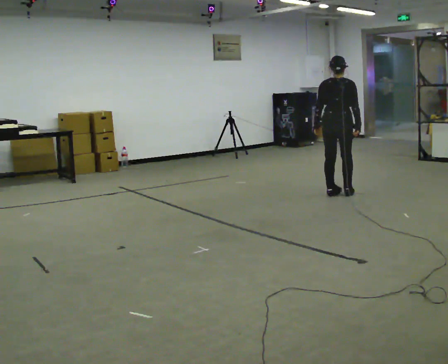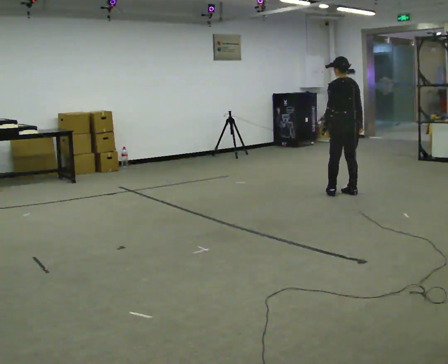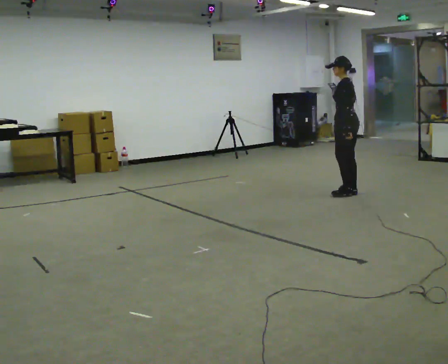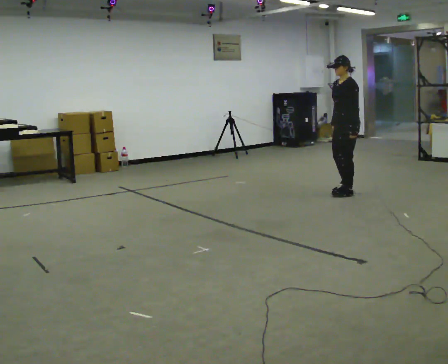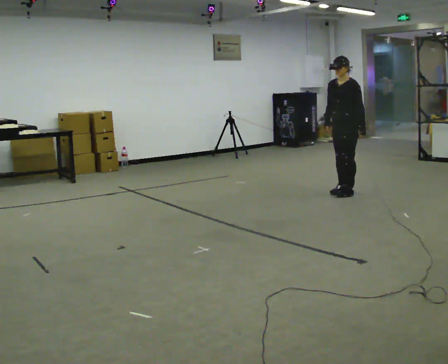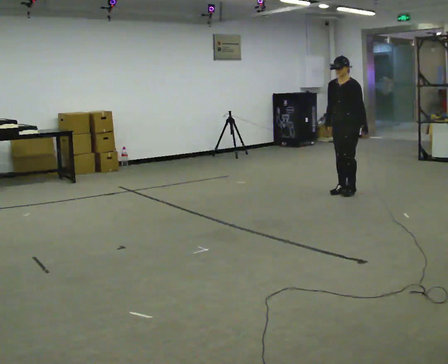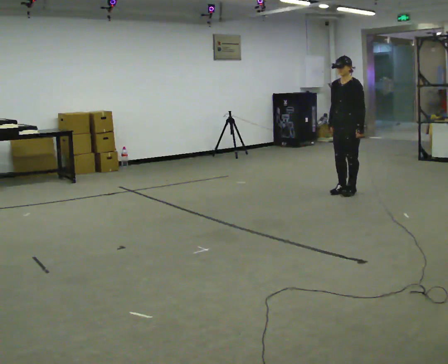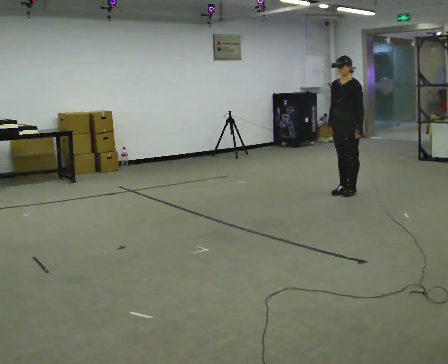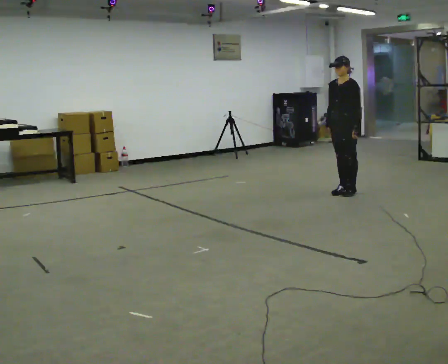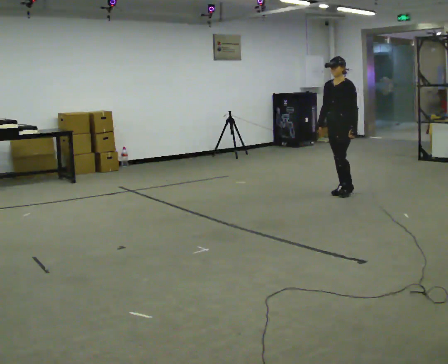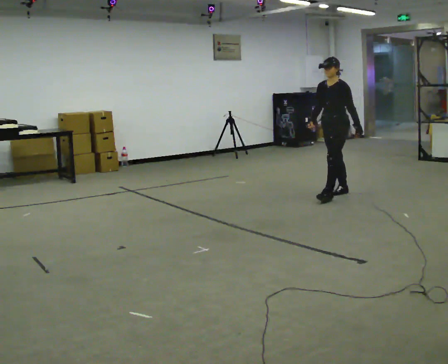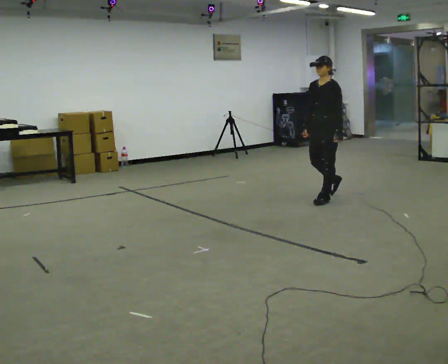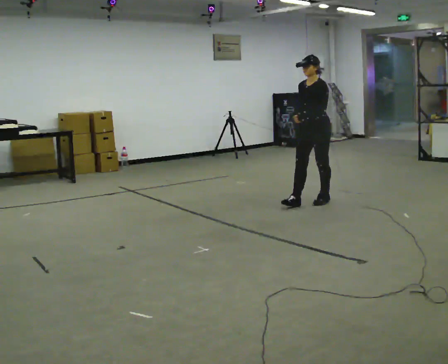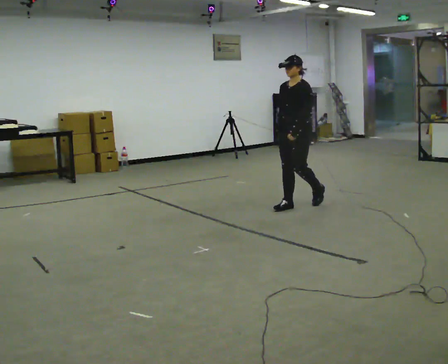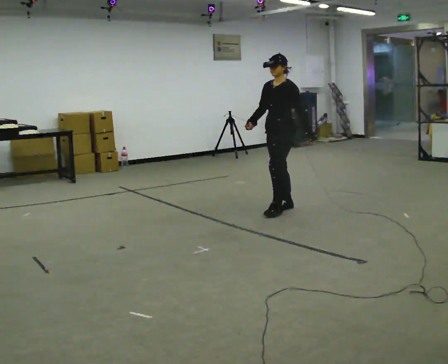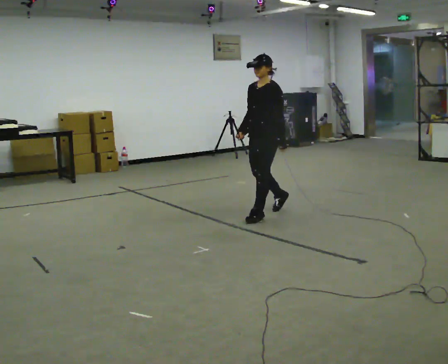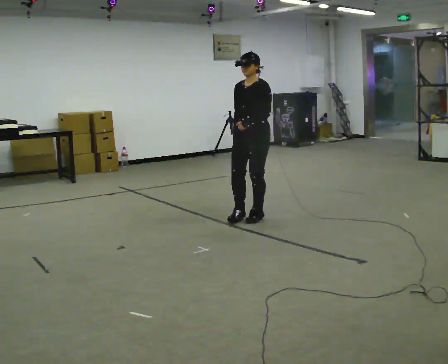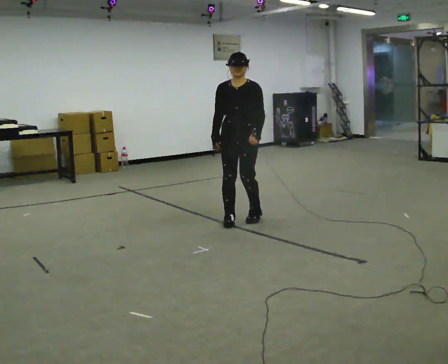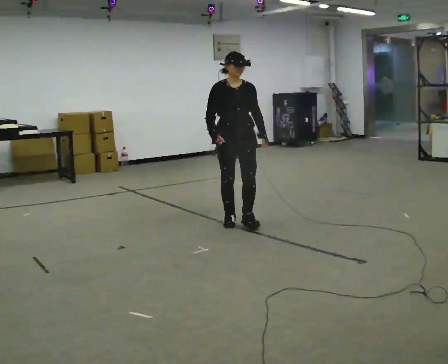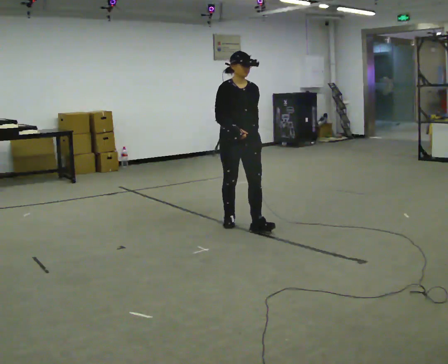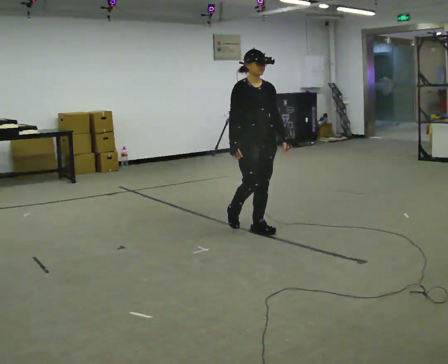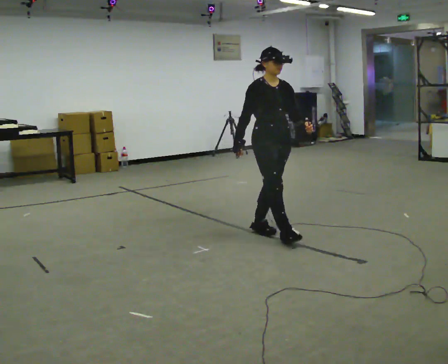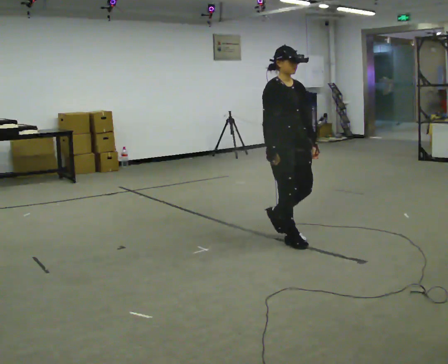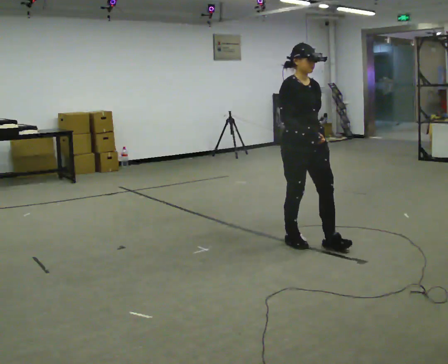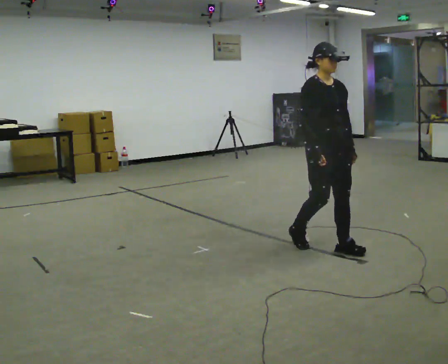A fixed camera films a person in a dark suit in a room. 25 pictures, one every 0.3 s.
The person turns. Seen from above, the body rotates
counterclockwise.
The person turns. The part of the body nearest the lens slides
to the right.
0.0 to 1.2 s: Seen from above the body turns counterclockwise, about 150 degrees: to their left, with its near side sliding to the right. In the picture their left hand goes to the right.
1.2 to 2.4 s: The person moves a little, or ends about where they began.
2.4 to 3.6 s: In the picture they go toward the camera and to the left, about 0.5 m in 1 step, which for them is forward.
3.6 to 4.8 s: In the picture they go toward the camera and to the left, about 1 m in 2 steps, which for them is forward.
4.8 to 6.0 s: The person turns about 75 degrees to their left, counterclockwise seen from above, so the part of the body nearest the lens slides to the right. In the picture they go toward the camera, about 0.25 m in 2 steps.
6.0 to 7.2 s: In the picture they go to the right and toward the camera, about 1 m in 2 steps, which for them is forward.
The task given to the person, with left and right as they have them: Walk; turn 90° left/right; walk several steps; stop.
The film runs forward here.
